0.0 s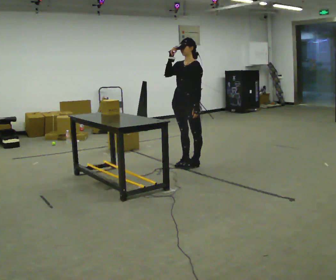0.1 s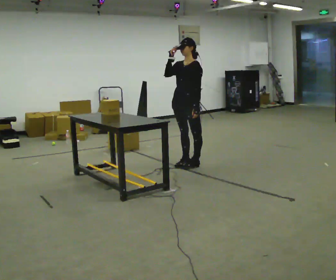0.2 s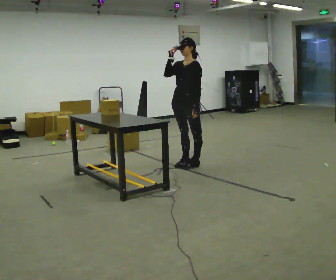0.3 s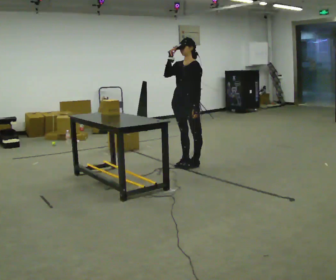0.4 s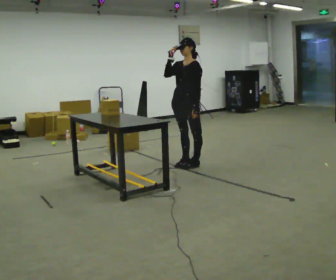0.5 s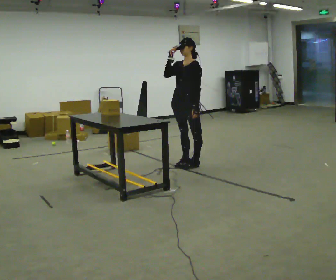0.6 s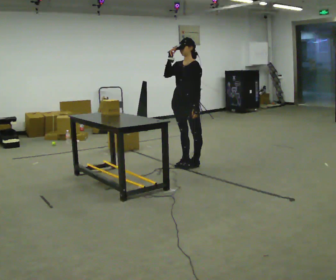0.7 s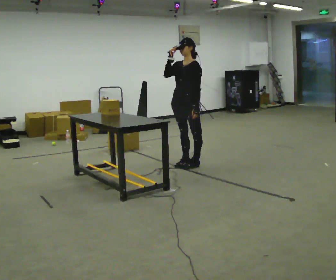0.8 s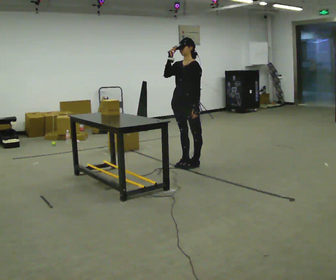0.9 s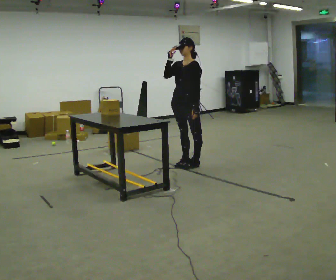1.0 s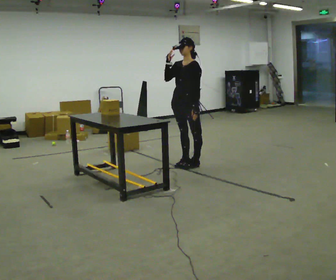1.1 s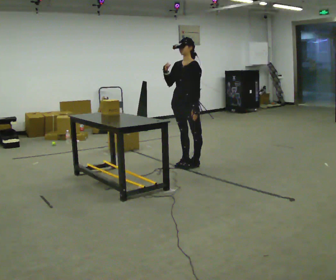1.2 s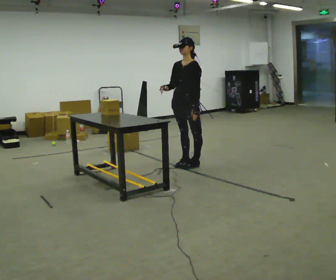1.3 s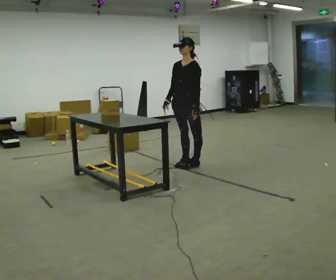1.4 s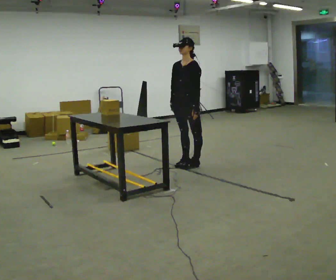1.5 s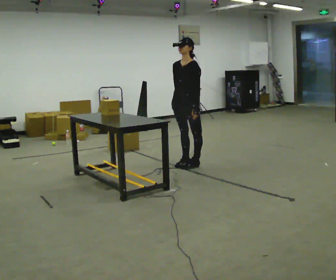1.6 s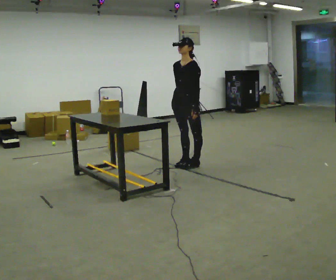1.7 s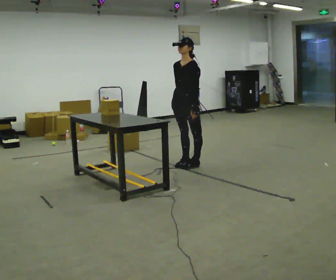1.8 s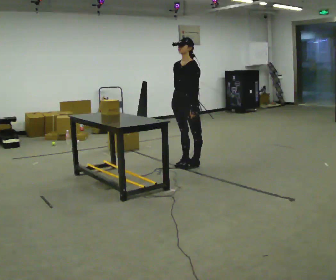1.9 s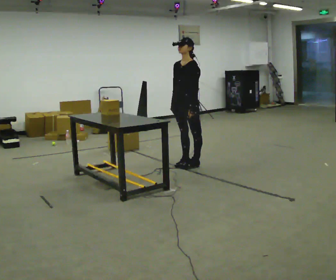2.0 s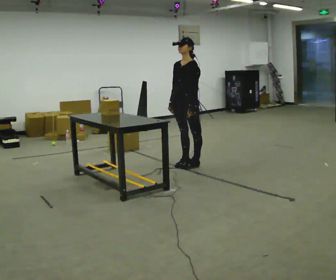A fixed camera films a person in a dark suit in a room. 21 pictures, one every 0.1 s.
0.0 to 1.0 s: The person moves a little, or ends about where they began.
1.0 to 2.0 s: In the picture their right hand goes downward.
The film runs forward here.
